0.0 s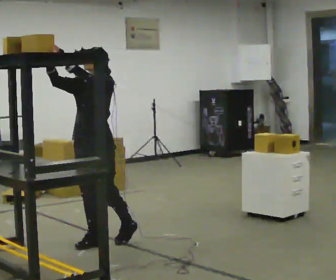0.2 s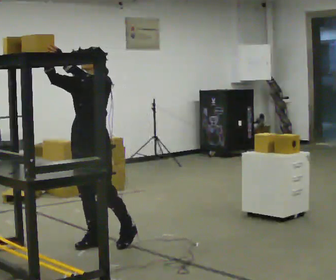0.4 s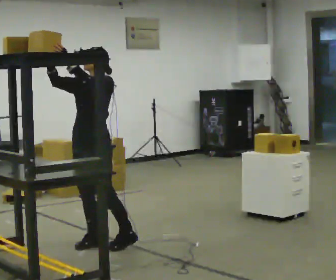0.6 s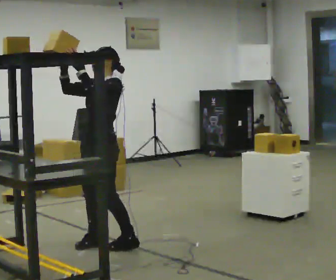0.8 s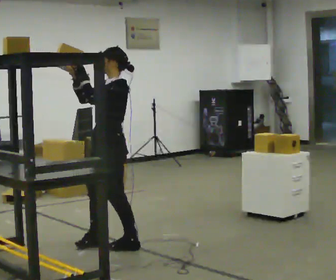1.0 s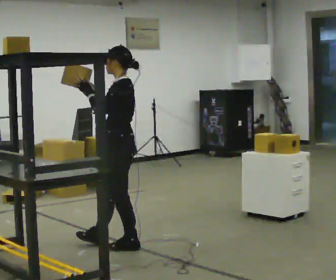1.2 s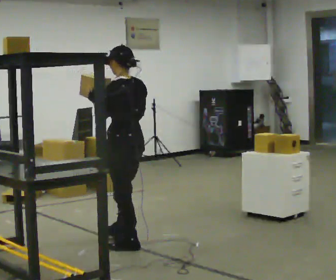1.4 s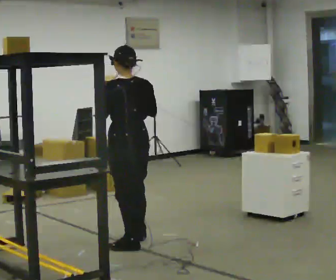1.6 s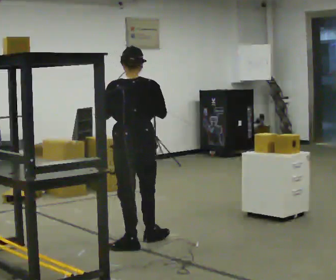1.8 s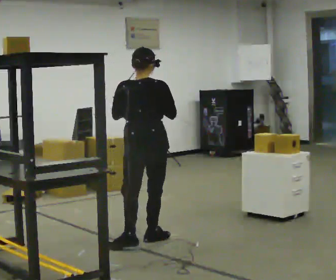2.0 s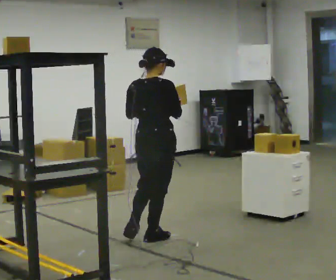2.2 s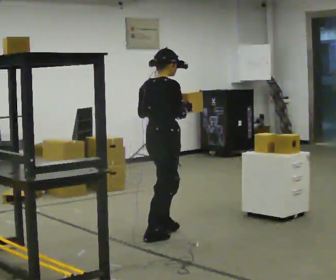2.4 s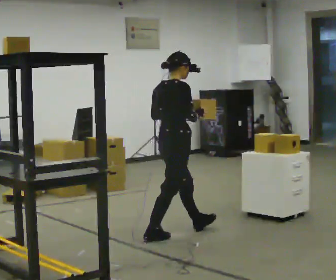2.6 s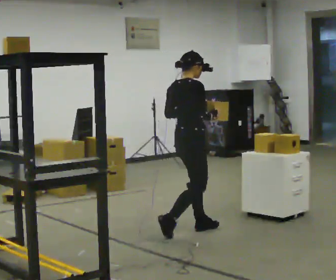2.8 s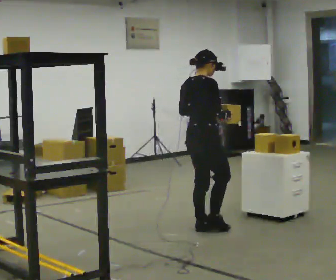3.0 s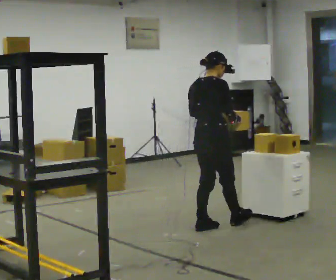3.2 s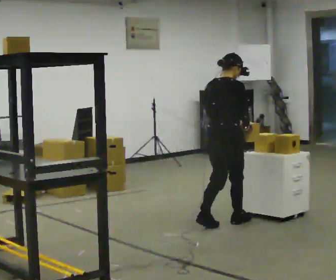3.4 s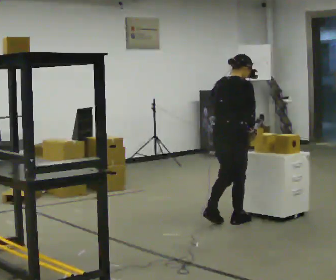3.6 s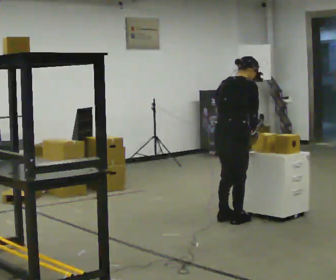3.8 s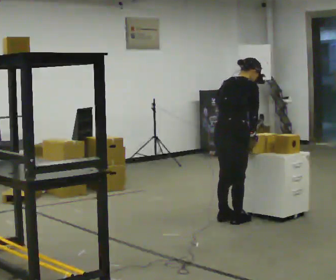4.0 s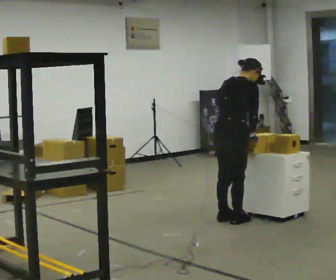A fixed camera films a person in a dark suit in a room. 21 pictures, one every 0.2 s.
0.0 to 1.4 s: The person turns about 105 degrees to their right, clockwise seen from above, so the part of the body nearest the lens slides to the left. In the picture they go to the right, about 0.25 m in 1 step. In the picture their right hand goes downward.
1.4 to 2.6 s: Seen from above the body turns clockwise, about 105 degrees: to their right, with its near side sliding to the left. In the picture they go away from the camera and to the right, about 0.5 m in 2 steps.
2.6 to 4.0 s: In the picture they go to the right and away from the camera, about 0.5 m in 2 steps, which for them is forward. In the picture the upper body tilts clockwise, shoulders to the right, as they bend forward.
The film runs forward here.
